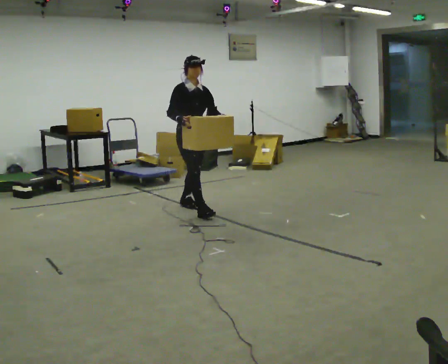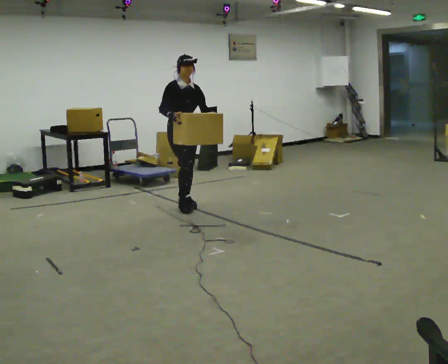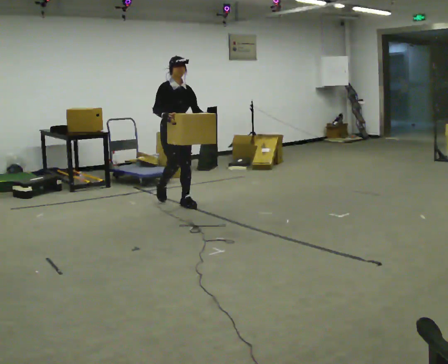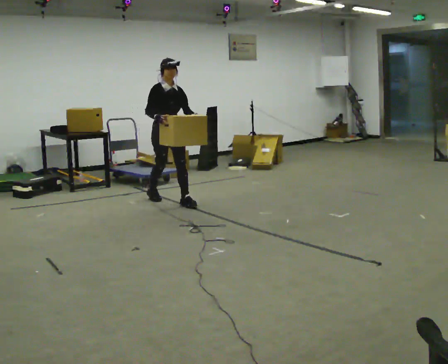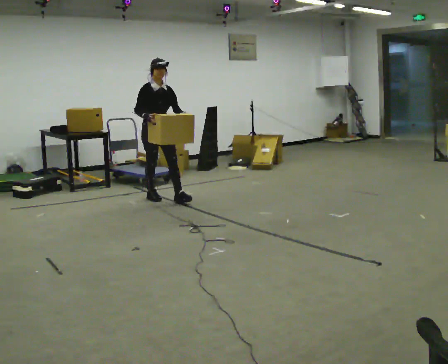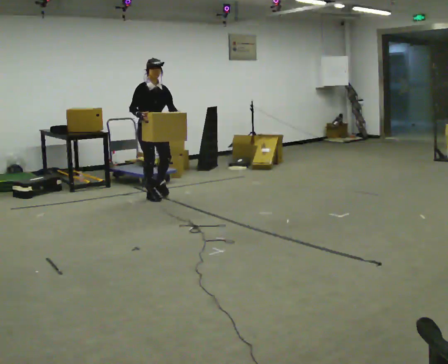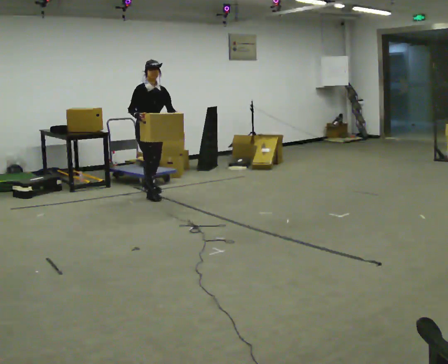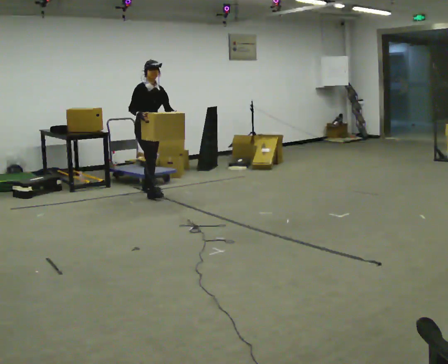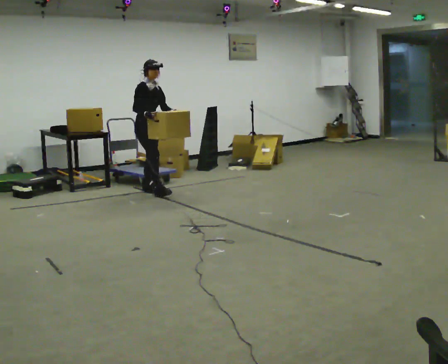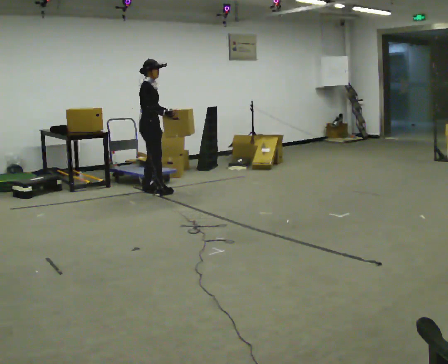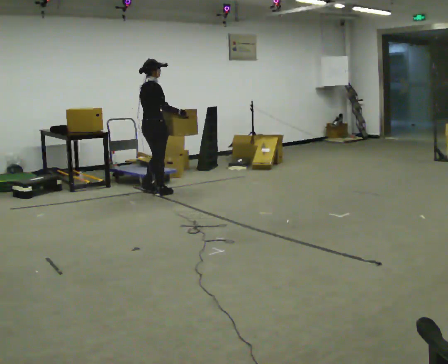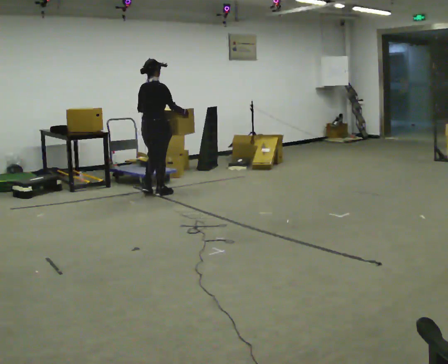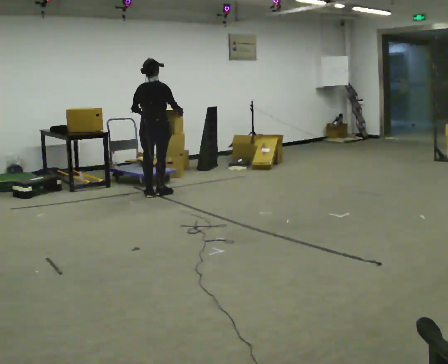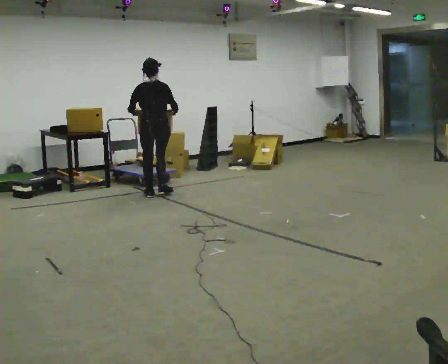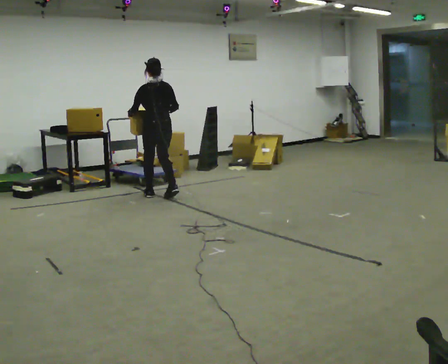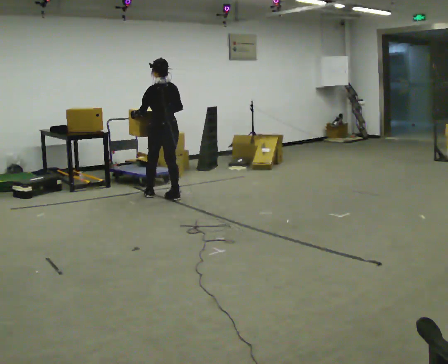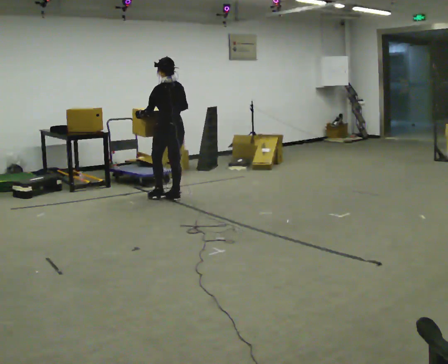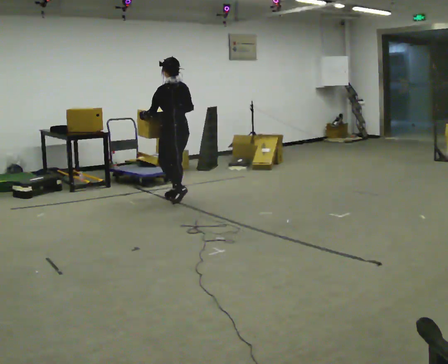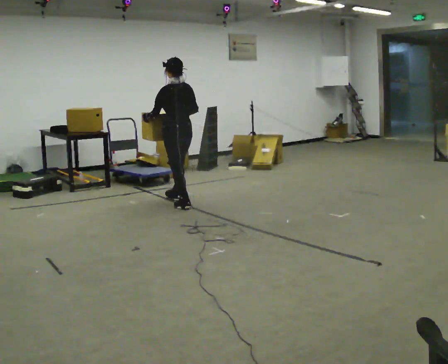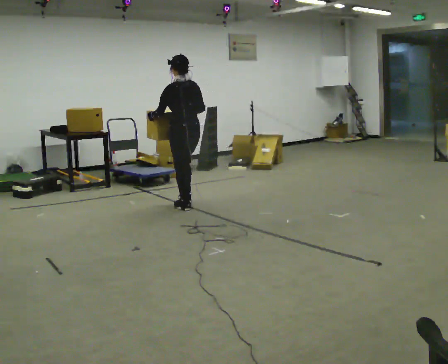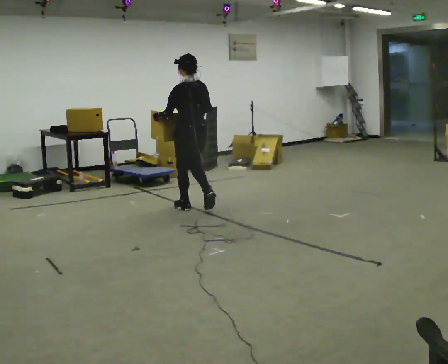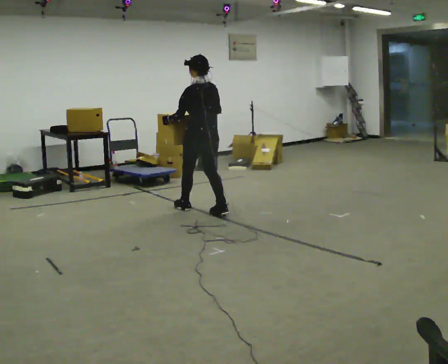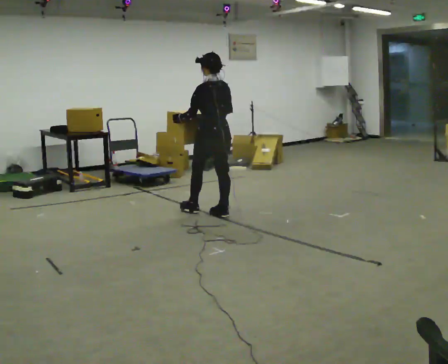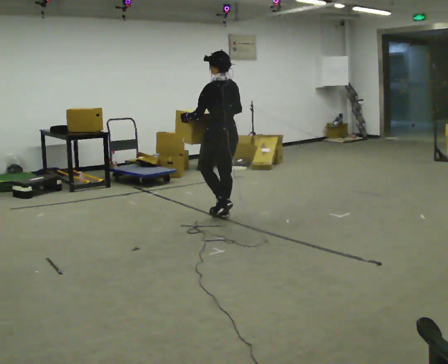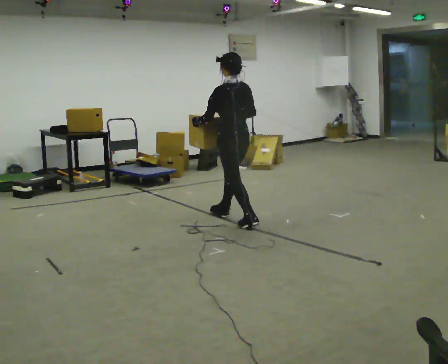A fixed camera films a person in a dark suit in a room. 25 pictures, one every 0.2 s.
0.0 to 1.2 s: In the picture they go away from the camera and to the left, about 1 m in 2 steps, which for them is backward.
1.2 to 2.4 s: The person turns about 135 degrees to their left, counterclockwise seen from above, so the part of the body nearest the lens slides to the right. In the picture their right hand goes to the right.
2.4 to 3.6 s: Seen from above the body turns counterclockwise, about 60 degrees: to their left, with its near side sliding to the right. In the picture they go toward the camera and to the right, about 0.5 m in 2 steps, which for them is backward.
3.6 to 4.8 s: In the picture they go toward the camera and to the right, about 1 m in 2 steps, which for them is backward.
The film runs backward here.
